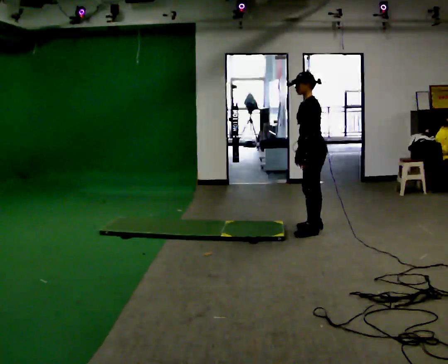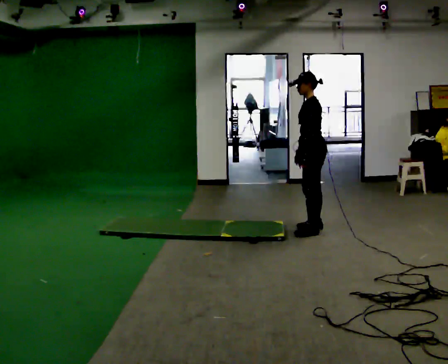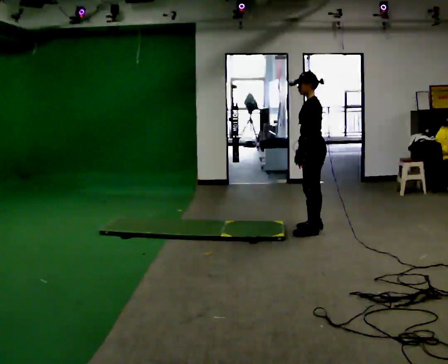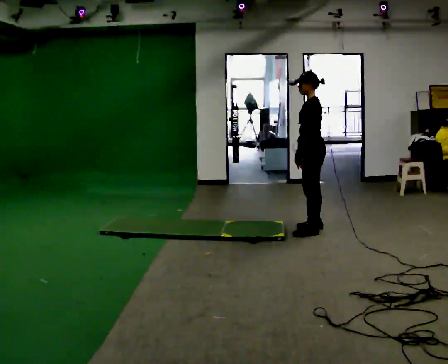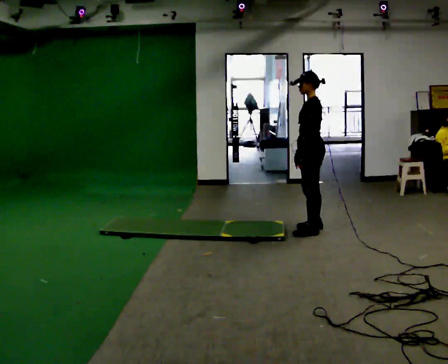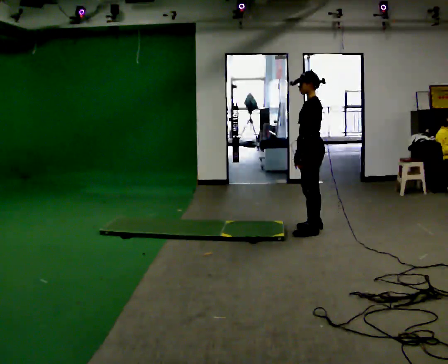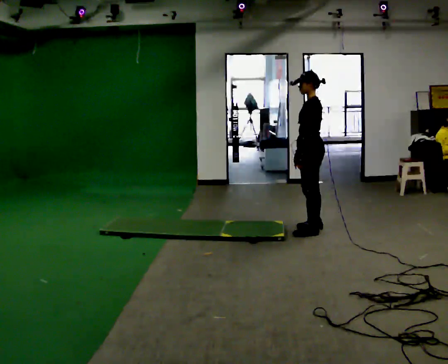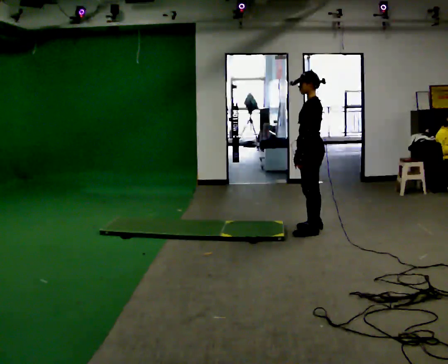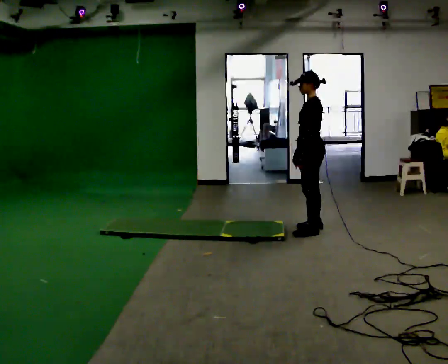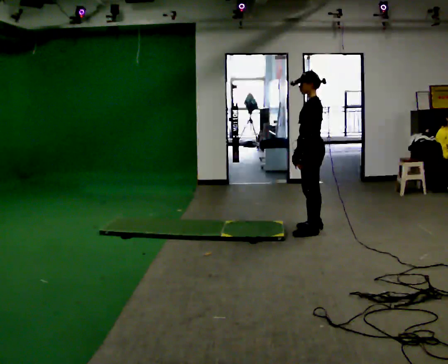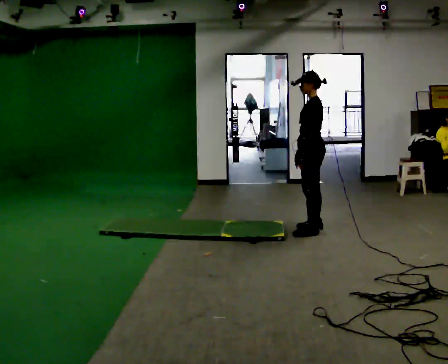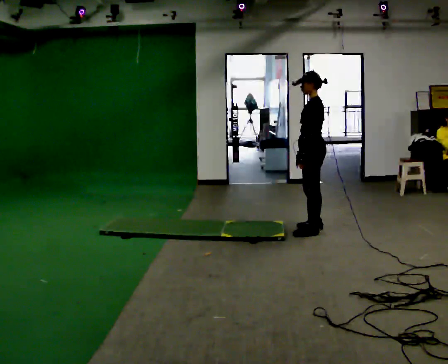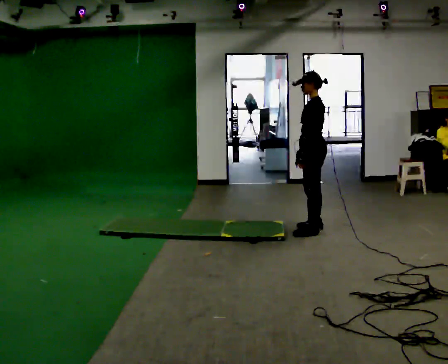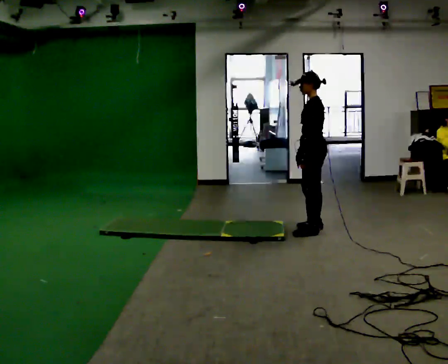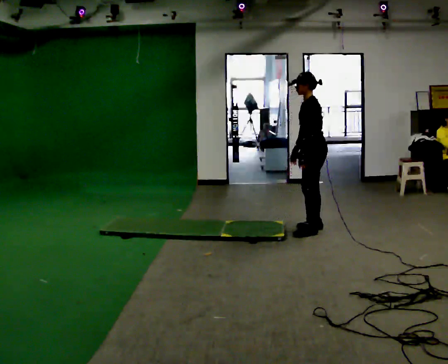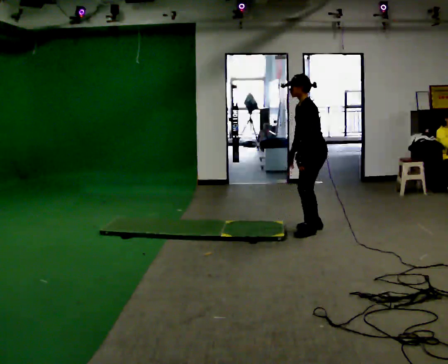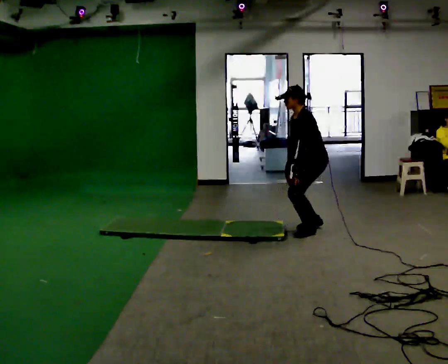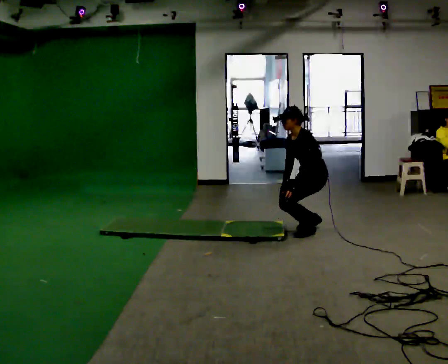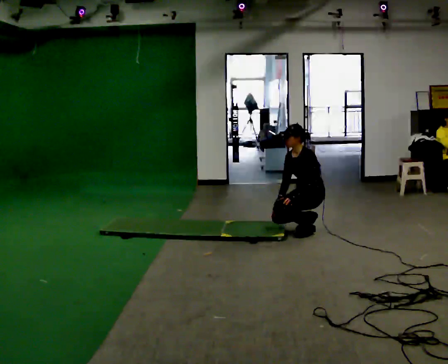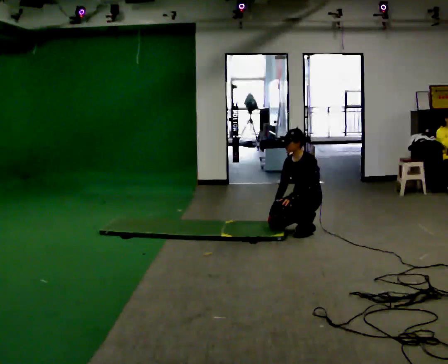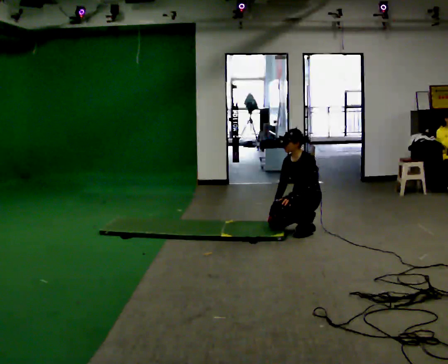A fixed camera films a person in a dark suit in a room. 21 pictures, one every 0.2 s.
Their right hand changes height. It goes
downward.
The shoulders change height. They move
downward.
0.0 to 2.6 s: The person moves a little, or ends about where they began.
2.6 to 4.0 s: Seen from above the body turns counterclockwise, about 45 degrees: to their left, with its near side sliding to the right. The upper body goes downward. In the picture their right hand goes downward.
The film runs backward here.
